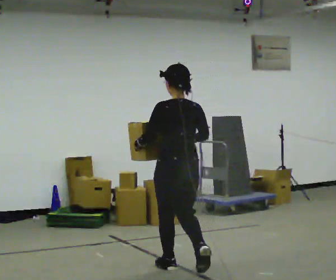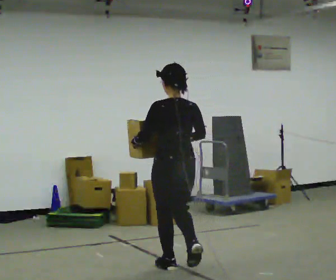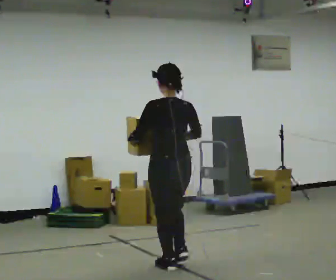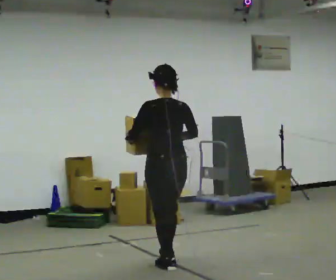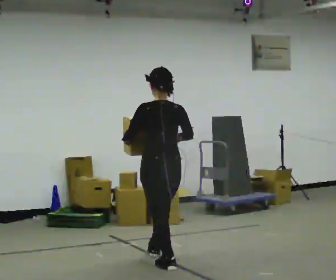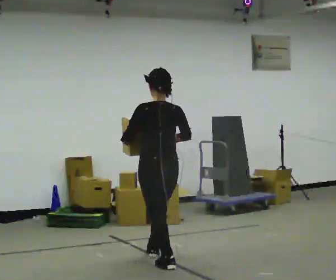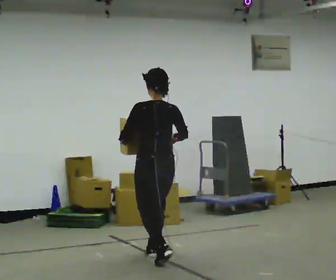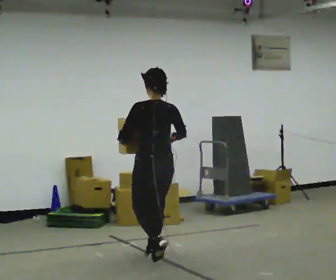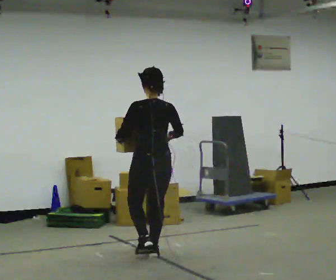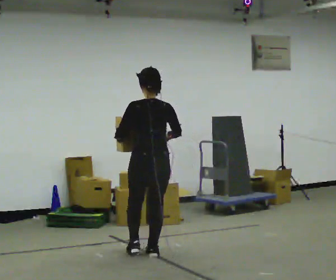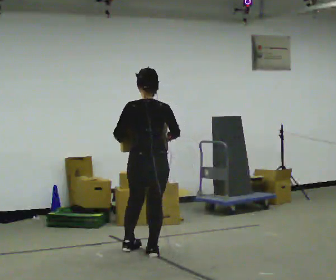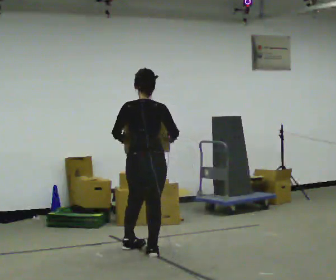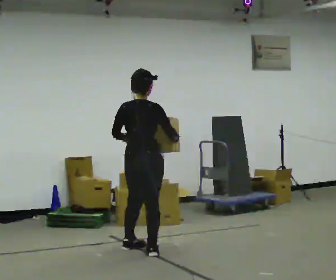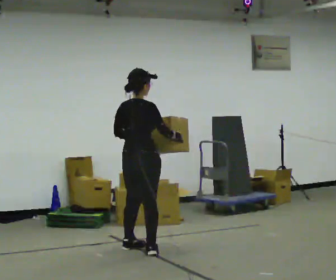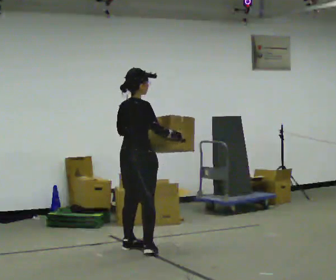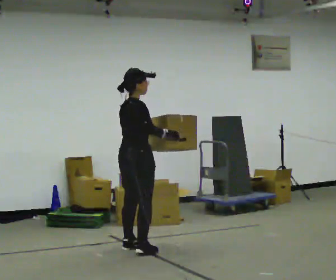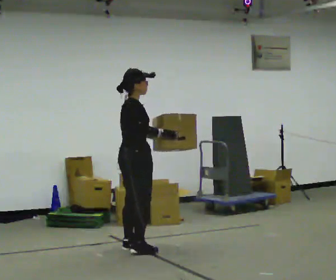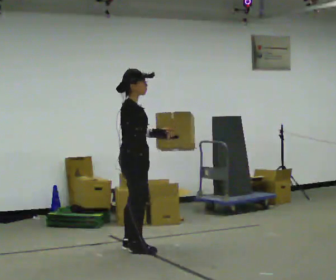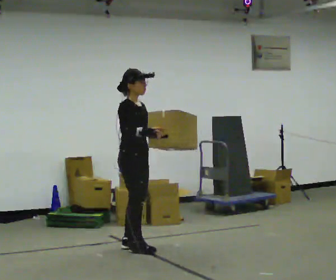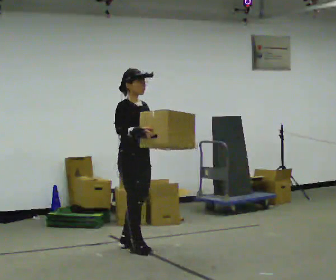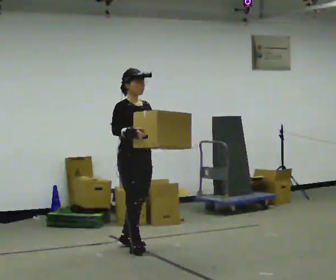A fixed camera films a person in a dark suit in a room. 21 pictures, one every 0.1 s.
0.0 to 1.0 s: In the picture they go away from the camera and to the left, about 0.75 m in 1 step, which for them is forward.
1.0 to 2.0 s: The person turns about 135 degrees to their right, clockwise seen from above, so the part of the body nearest the lens slides to the left. In the picture they go away from the camera and to the left, about 0.25 m in 2 steps.
The film runs forward here.
